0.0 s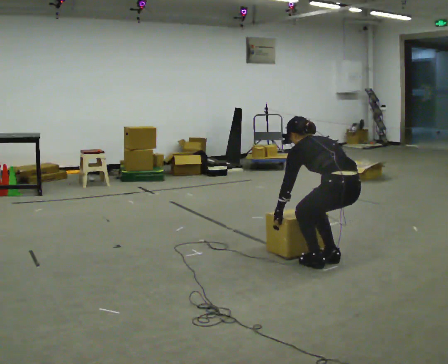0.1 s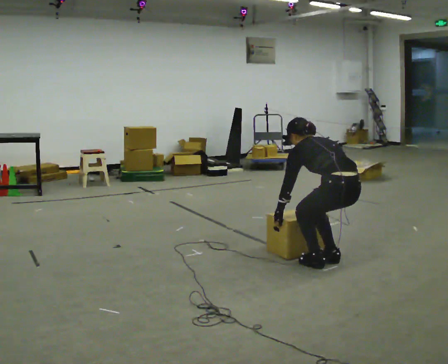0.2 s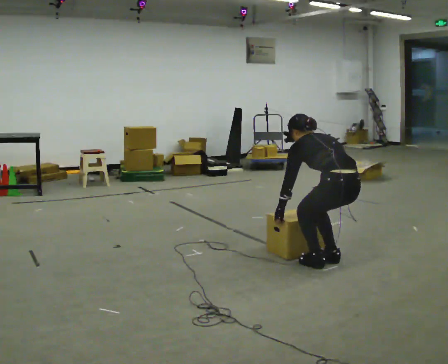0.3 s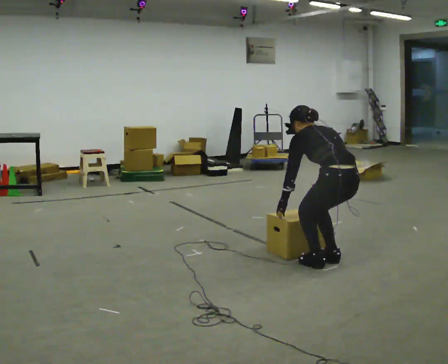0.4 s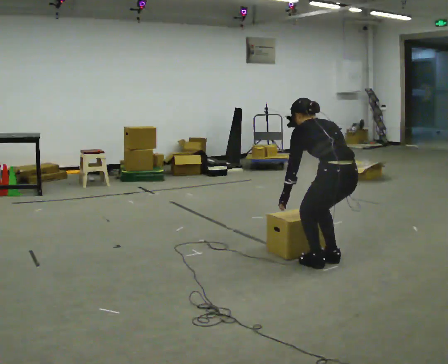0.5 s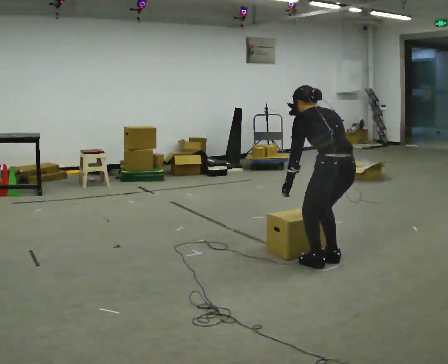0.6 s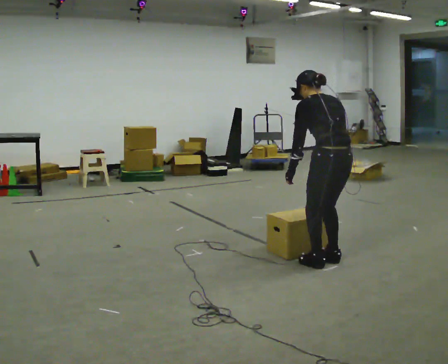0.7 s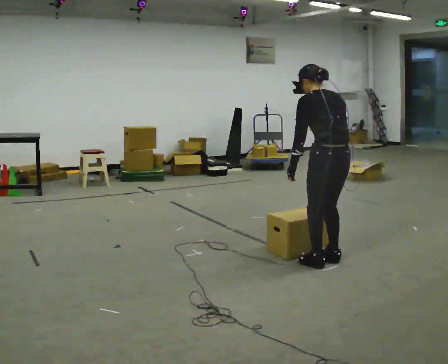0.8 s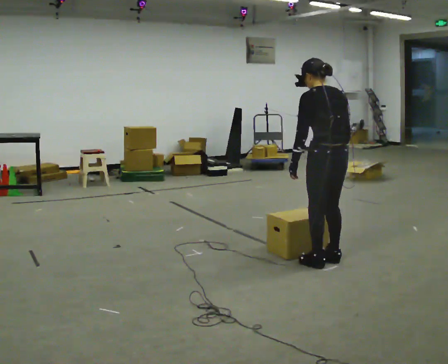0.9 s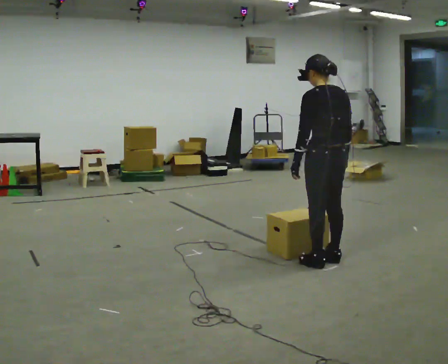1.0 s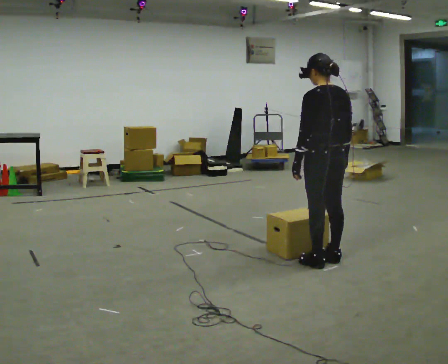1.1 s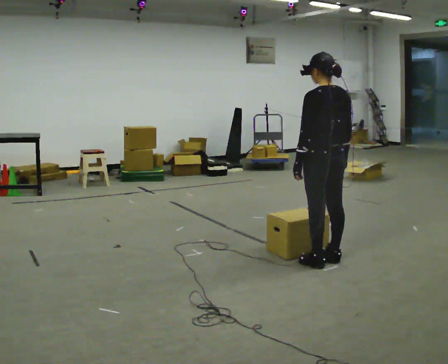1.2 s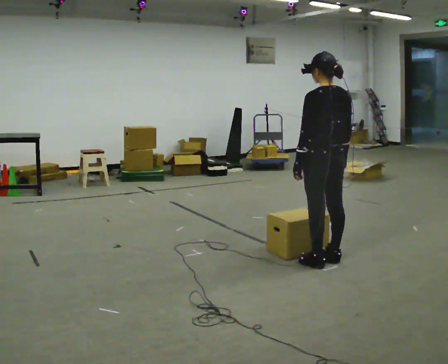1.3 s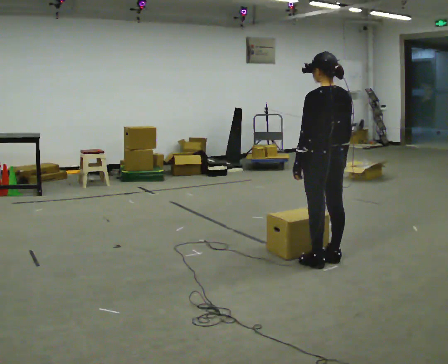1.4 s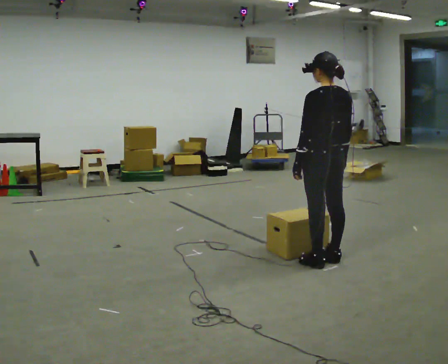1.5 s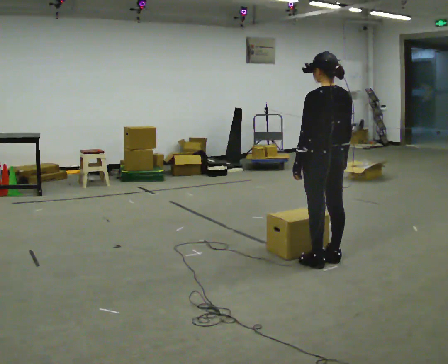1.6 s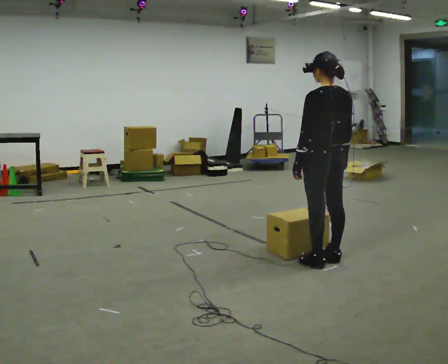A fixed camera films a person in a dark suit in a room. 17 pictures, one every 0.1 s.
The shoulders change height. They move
upward.
0.0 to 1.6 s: The upper body goes upward. In the picture the upper body tilts clockwise, shoulders to the right, as they lean back or straighten. In the picture their left hand goes upward.
The film runs backward here.
